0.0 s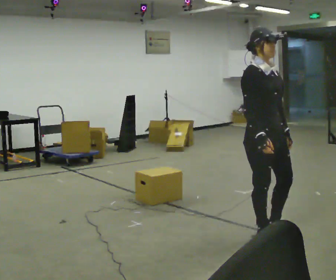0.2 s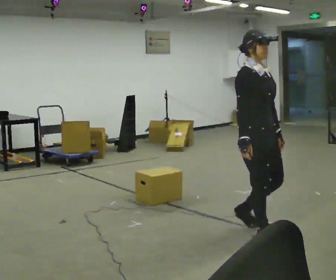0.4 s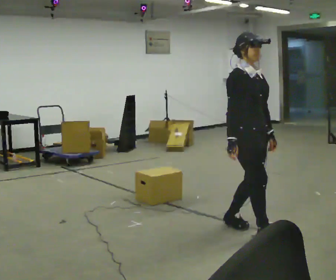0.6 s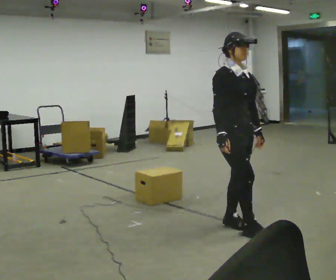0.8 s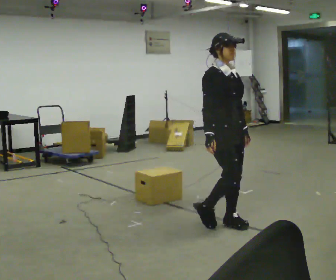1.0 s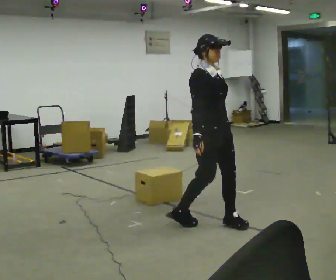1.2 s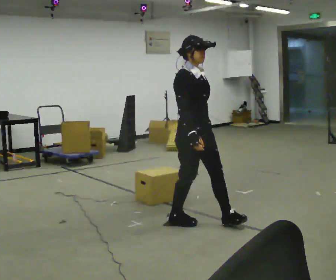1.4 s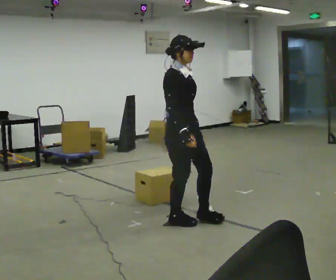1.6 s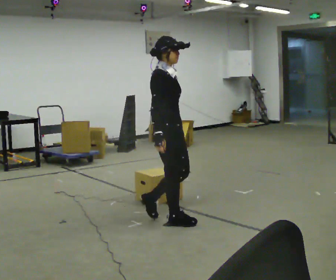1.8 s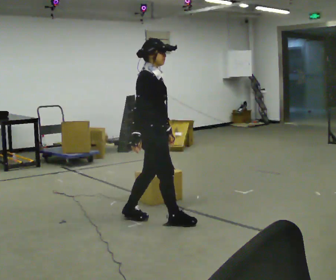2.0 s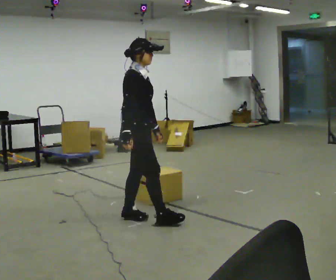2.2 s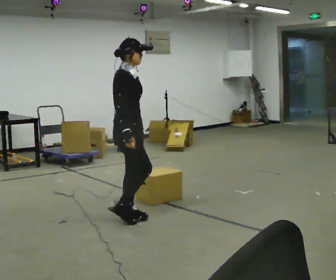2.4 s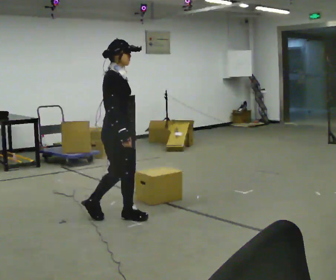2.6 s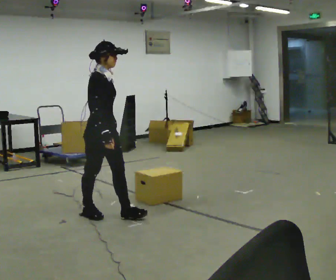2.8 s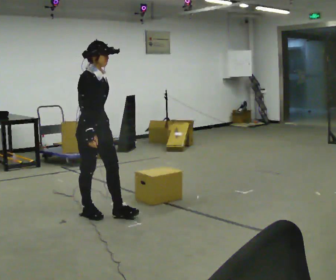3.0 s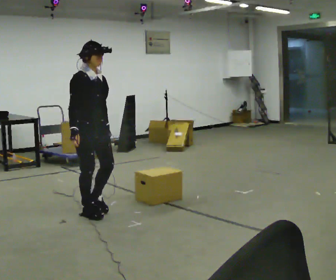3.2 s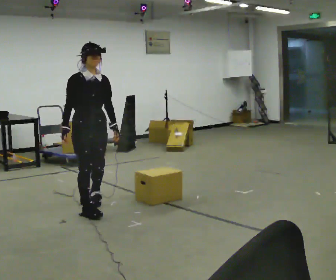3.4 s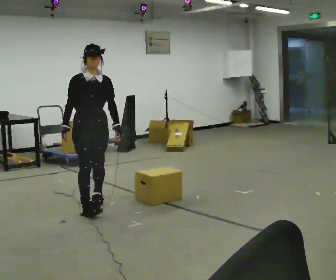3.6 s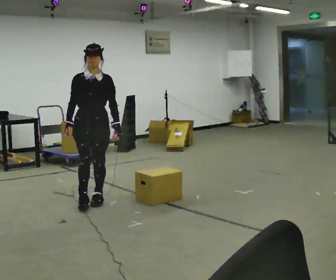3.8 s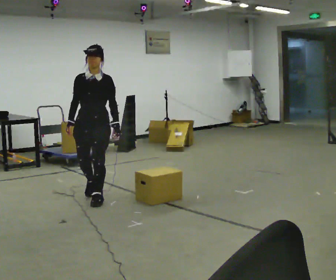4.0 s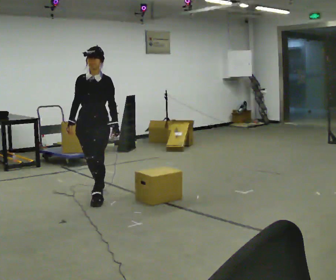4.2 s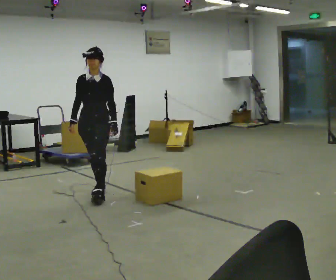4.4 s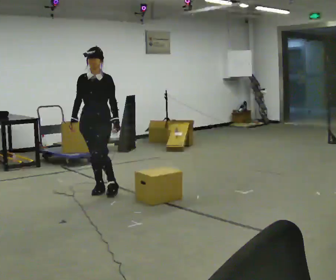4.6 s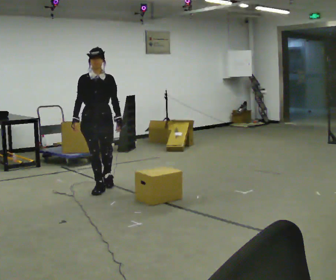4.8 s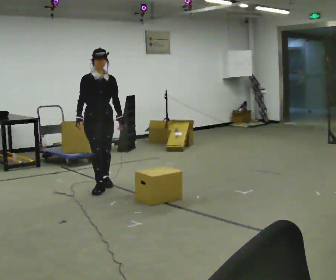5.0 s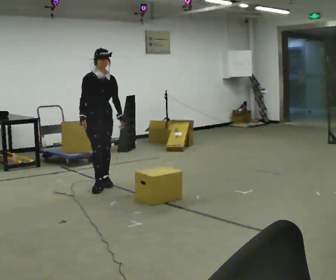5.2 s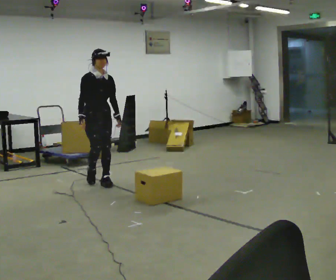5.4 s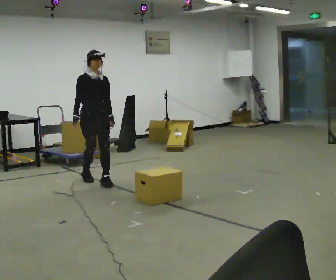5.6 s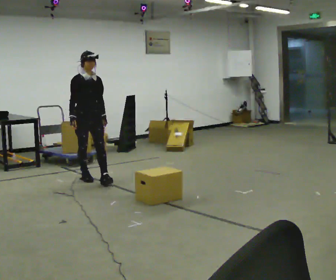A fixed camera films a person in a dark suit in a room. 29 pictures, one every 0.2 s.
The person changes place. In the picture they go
away from the camera.
0.0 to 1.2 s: In the picture they go away from the camera and to the left, about 0.75 m in 2 steps, which for them is backward.
1.2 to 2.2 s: In the picture they go to the left and away from the camera, about 0.5 m in 1 step, which for them is backward.
2.2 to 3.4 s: The person turns about 60 degrees to their right, clockwise seen from above, so the part of the body nearest the lens slides to the left. In the picture they go away from the camera and to the left, about 0.5 m in 2 steps, which for them is backward.
3.4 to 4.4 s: Seen from above the body turns clockwise, about 30 degrees: to their right, with its near side sliding to the left. In the picture they go away from the camera, about 0.5 m in 1 step, which for them is backward.
4.4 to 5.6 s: The person turns about 45 degrees to their left, counterclockwise seen from above, so the part of the body nearest the lens slides to the right. In the picture they go away from the camera, about 0.5 m in 2 steps, which for them is backward.
The film runs backward here.
